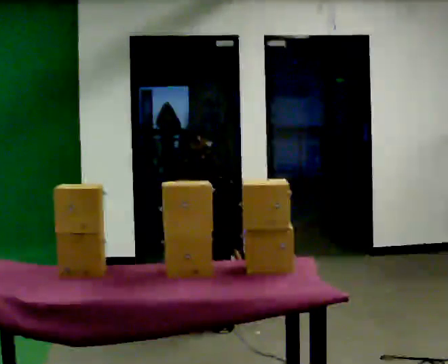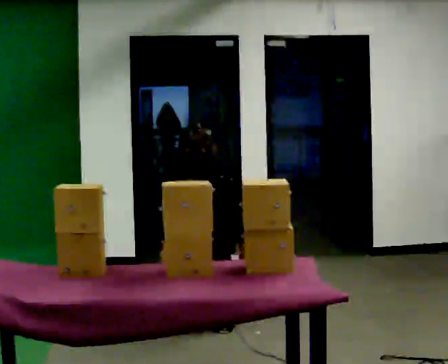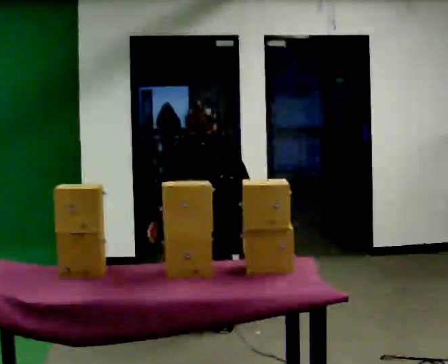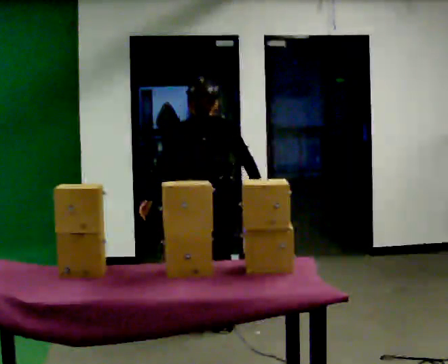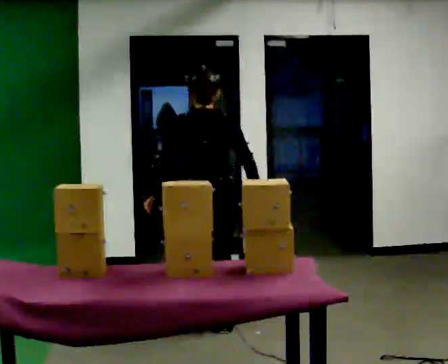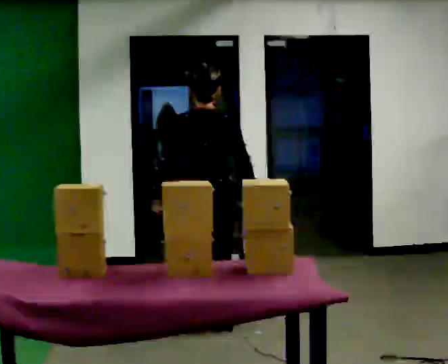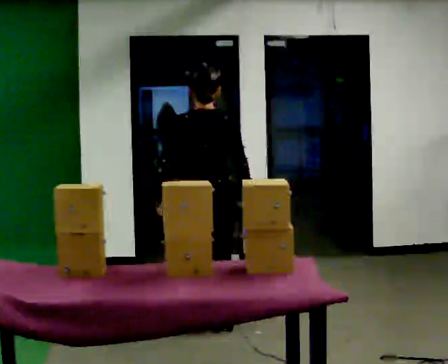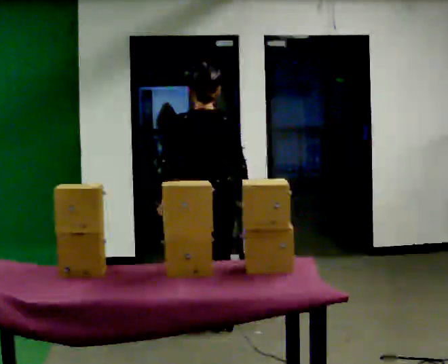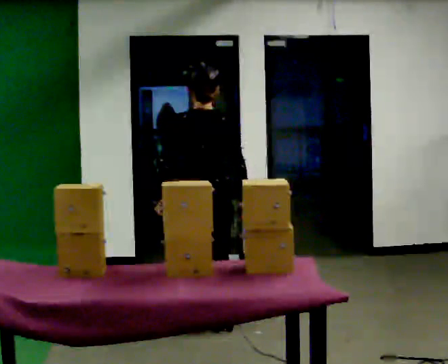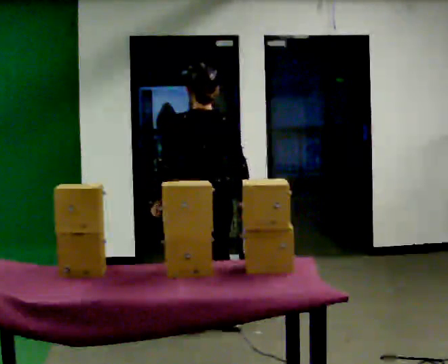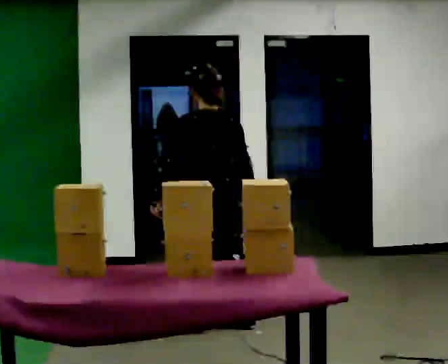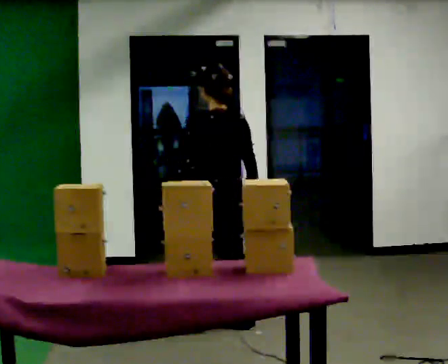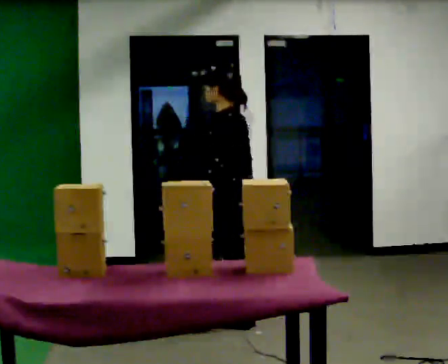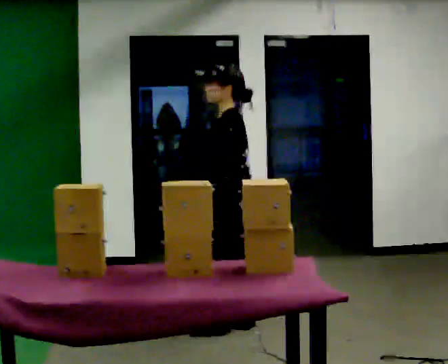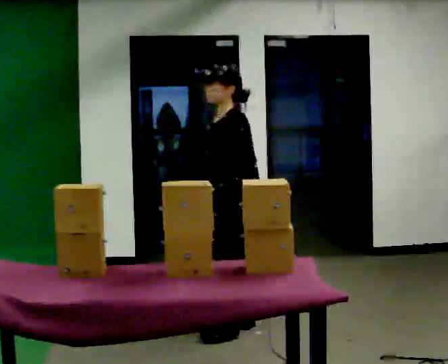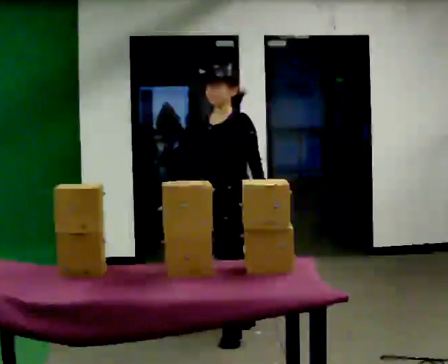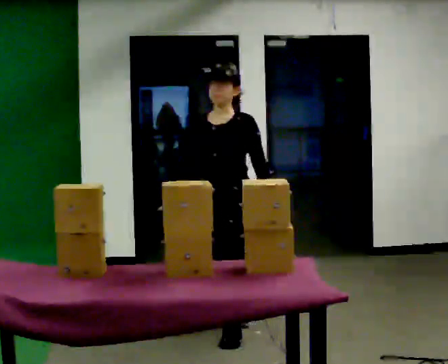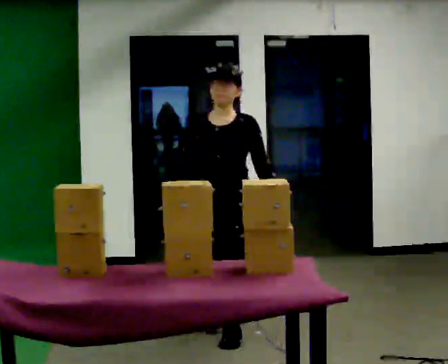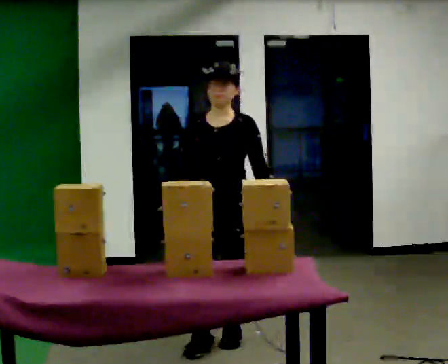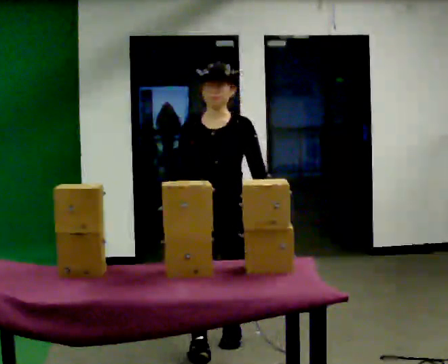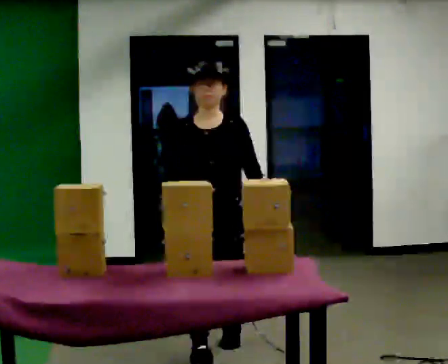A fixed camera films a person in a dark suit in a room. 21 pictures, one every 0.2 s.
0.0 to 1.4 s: The upper body goes upward. The upper body tips toward the camera, its near side rolling downward, as they lean back or straighten. In the picture their right hand goes upward.
1.4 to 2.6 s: Seen from above the body turns counterclockwise, about 75 degrees: to their left, with its near side sliding to the right. In the picture they go to the right, about 0.25 m in 1 step. In the picture their left hand goes to the right.
2.6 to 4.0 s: The part of the body nearest the lens slides to the right as the person turns to their left by about 105 degrees. In the picture they go toward the camera, about 0.5 m in 2 steps.
The film runs forward here.
